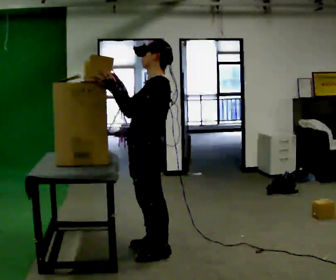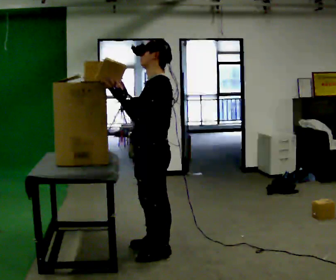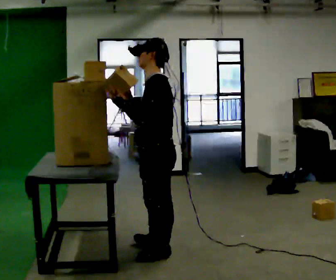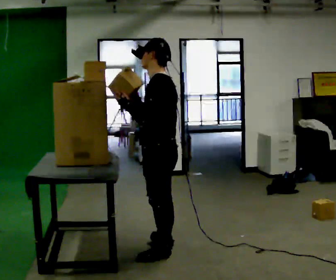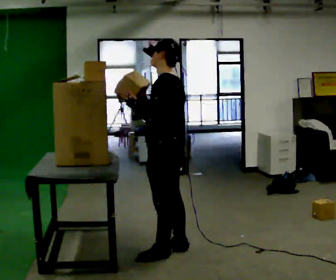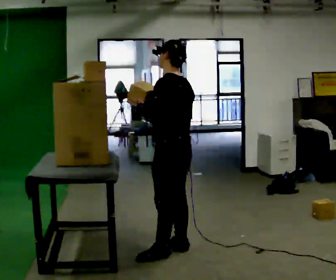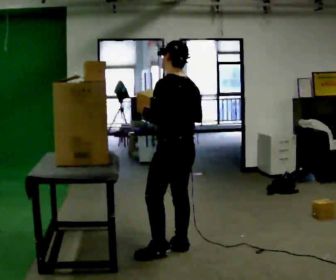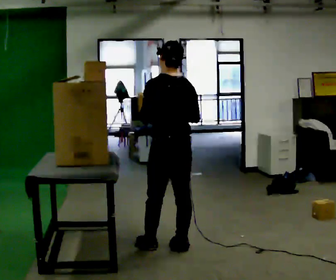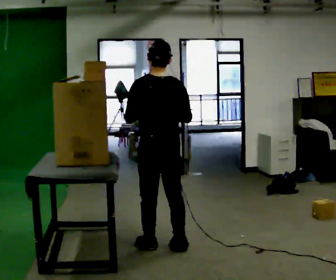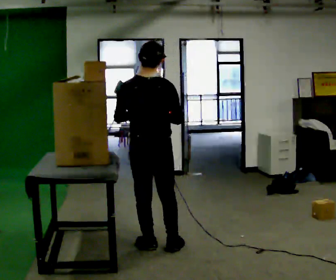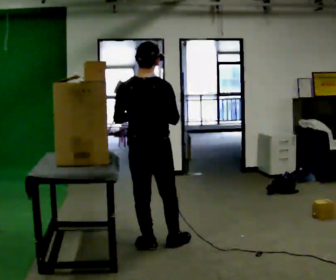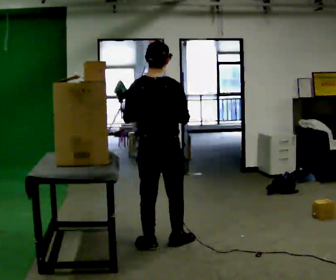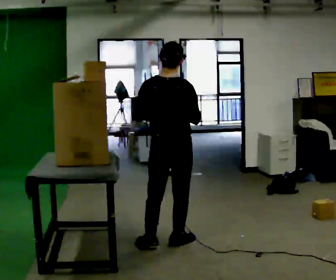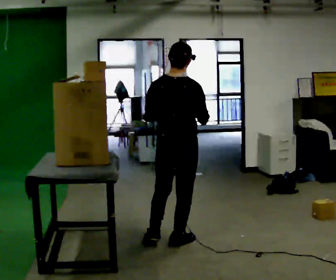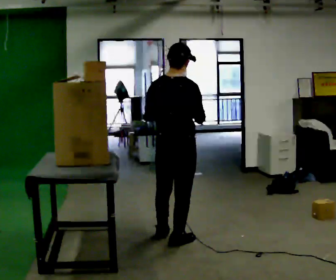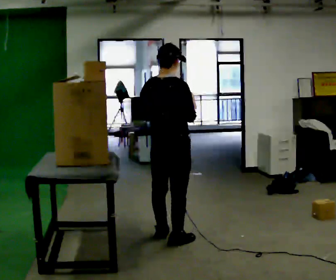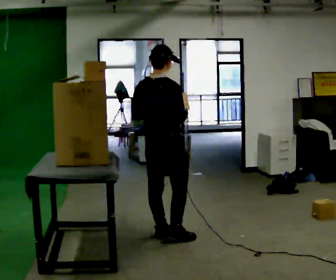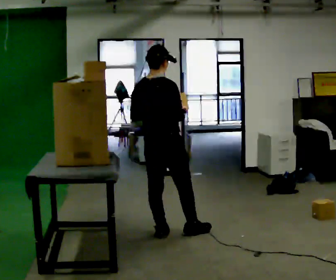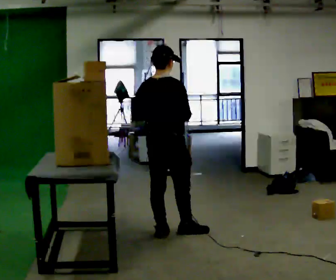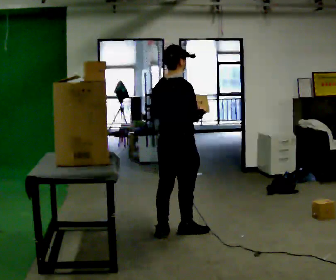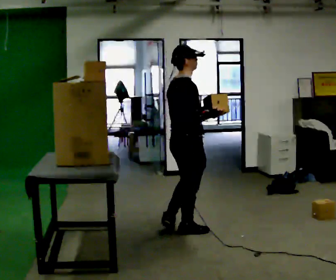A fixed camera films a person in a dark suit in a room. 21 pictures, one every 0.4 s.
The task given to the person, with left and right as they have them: Pick an object up off the floor, carry it across the room, and place it on the highest shelf you can comfortably reach. Keep going until the operator says stop; one object at a time, and do not rush between trips.
0.0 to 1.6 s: In the picture they go to the right, about 0.25 m in 1 step, which for them is backward.
1.6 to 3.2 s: The person turns about 60 degrees to their right, clockwise seen from above, so the part of the body nearest the lens slides to the left. In the picture they go away from the camera, about 0.25 m in 1 step, which for them is forward.
3.2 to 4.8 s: The person moves a little, or ends about where they began.
4.8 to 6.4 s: In the picture they go away from the camera, about 0.25 m in 1 step, which for them is forward and to their left.
6.4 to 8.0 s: Seen from above the body turns clockwise, about 30 degrees: to their right, with its near side sliding to the left. In the picture they go to the right, about 0.25 m in 1 step, which for them is forward and to their right. In the picture their left hand goes to the right.
The film runs forward here.
